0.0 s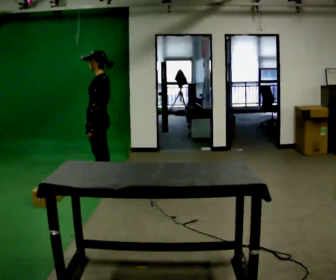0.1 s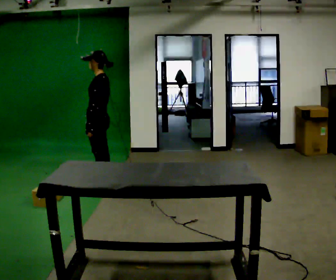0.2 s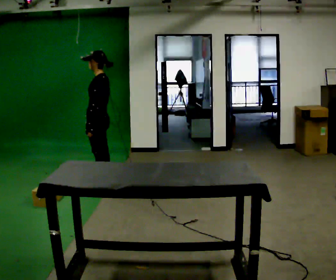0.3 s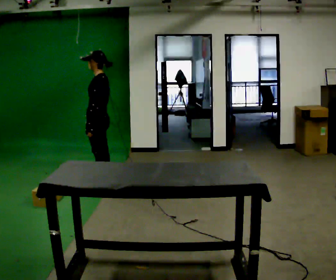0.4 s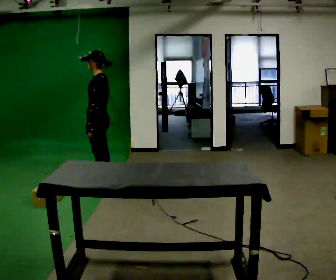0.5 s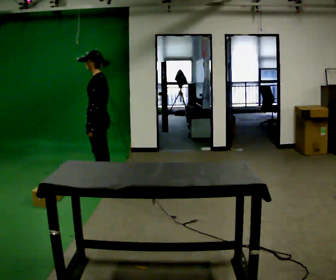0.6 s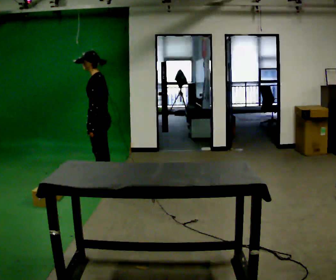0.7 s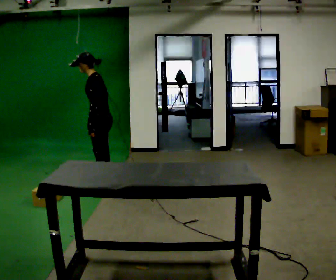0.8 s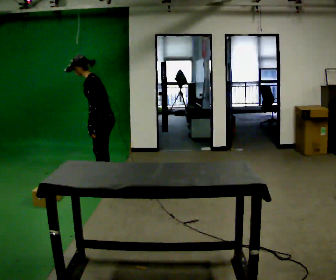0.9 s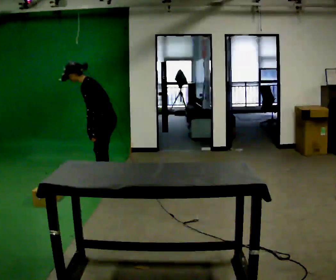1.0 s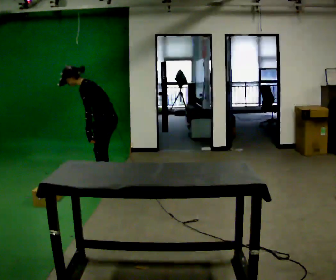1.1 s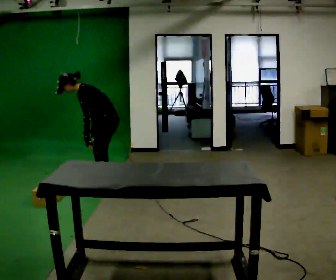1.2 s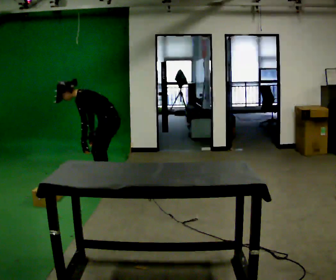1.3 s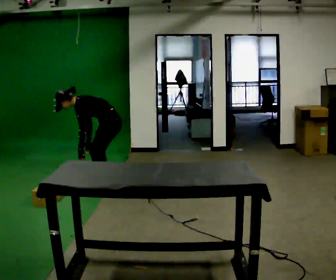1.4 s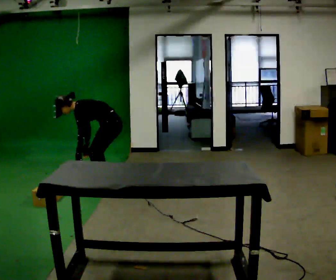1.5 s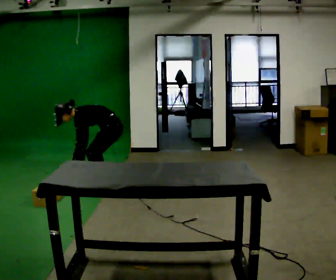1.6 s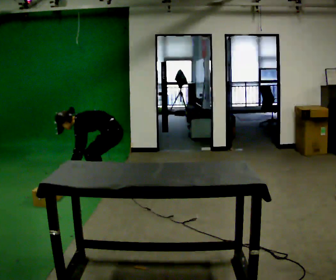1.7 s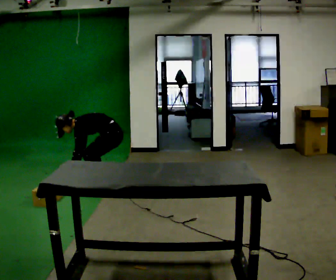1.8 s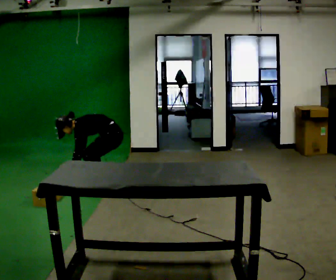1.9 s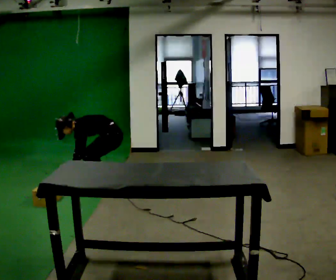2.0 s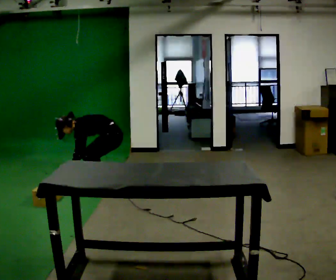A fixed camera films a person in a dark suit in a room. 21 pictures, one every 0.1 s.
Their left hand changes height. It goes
downward.
The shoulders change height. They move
downward.
0.0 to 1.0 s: In the picture the upper body tilts counterclockwise, shoulders to the left, as they bend forward.
1.0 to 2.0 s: The shoulders move downward. In the picture the upper body tilts counterclockwise, shoulders to the left, as they bend forward. In the picture their left hand goes downward.
The film runs forward here.
